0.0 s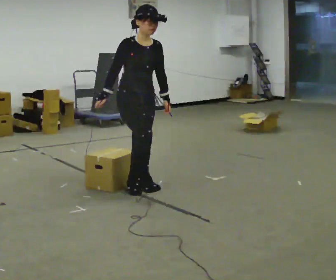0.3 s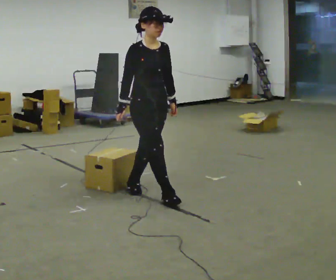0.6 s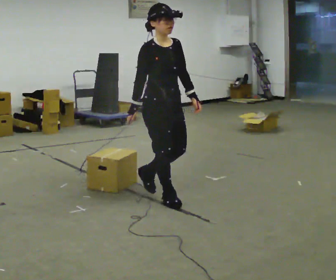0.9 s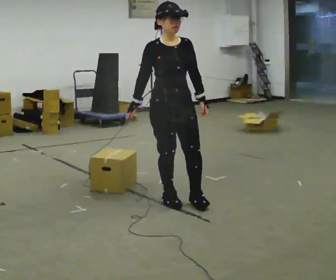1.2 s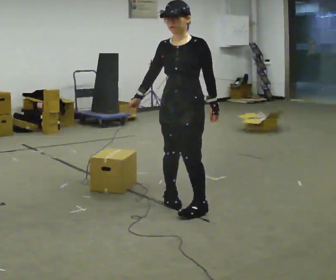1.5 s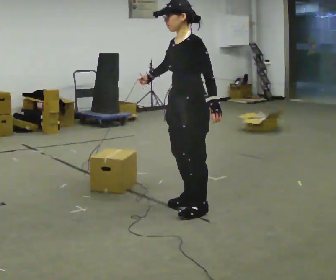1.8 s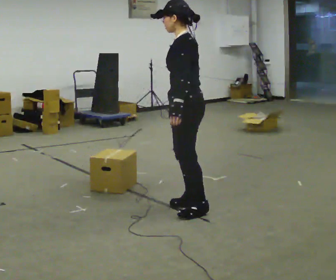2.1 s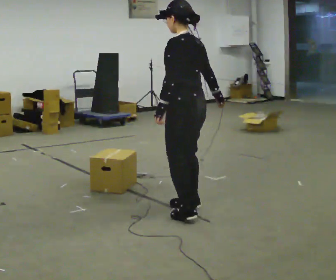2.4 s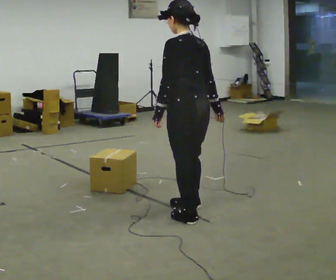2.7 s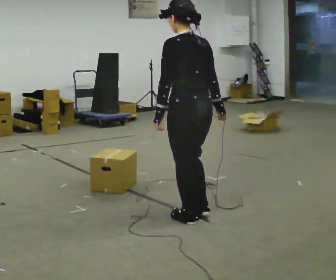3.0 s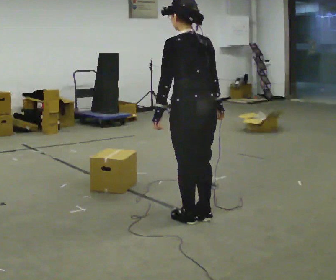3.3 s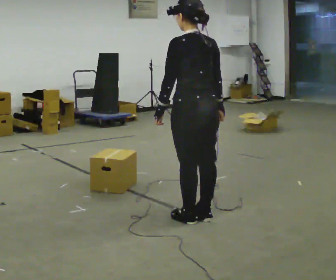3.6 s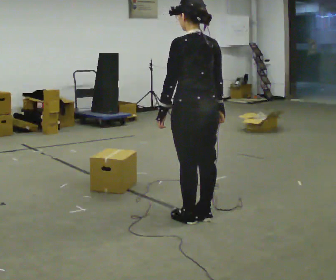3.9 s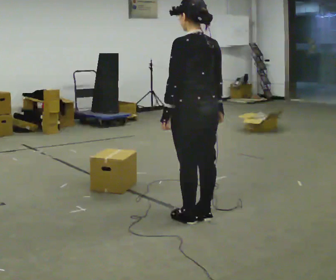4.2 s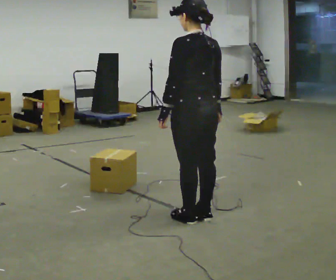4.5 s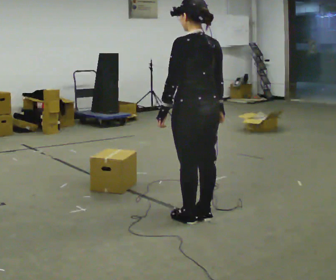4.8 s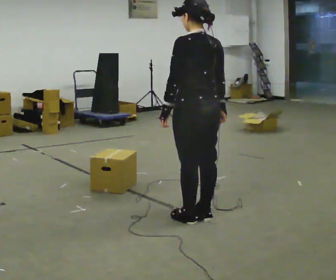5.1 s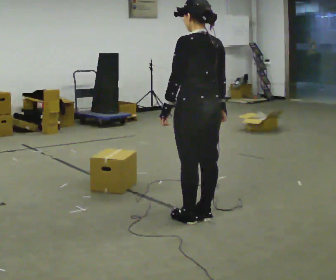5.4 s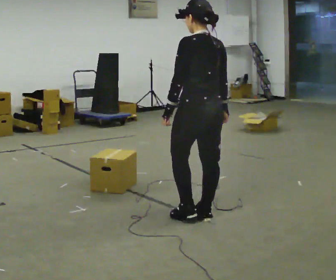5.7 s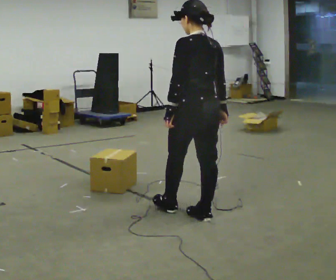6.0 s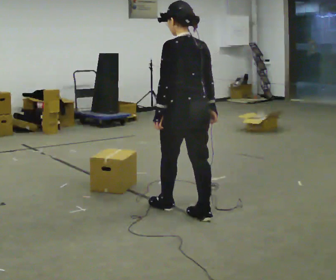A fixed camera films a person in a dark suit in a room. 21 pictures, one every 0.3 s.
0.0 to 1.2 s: Seen from above the body turns clockwise, about 90 degrees: to their right, with its near side sliding to the left. In the picture they go to the right and toward the camera, about 0.5 m in 1 step.
1.2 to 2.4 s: The part of the body nearest the lens slides to the left as the person turns to their right by about 90 degrees. In the picture they go toward the camera, about 0.25 m in 2 steps.
2.4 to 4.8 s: The person moves a little, or ends about where they began.
4.8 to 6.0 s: In the picture they go to the left, about 0.25 m in 1 step, which for them is forward.
The film runs forward here.
